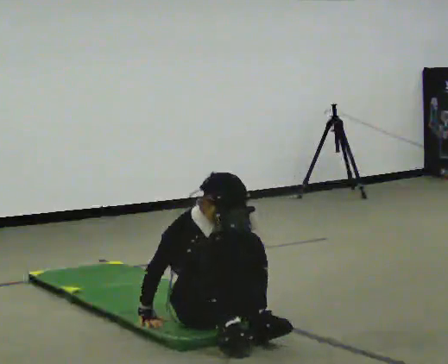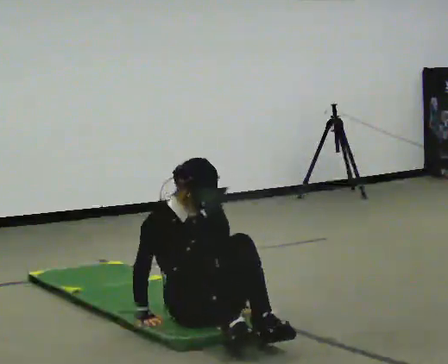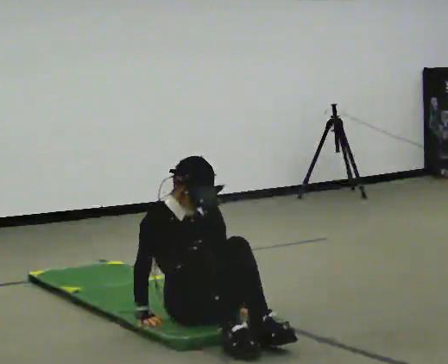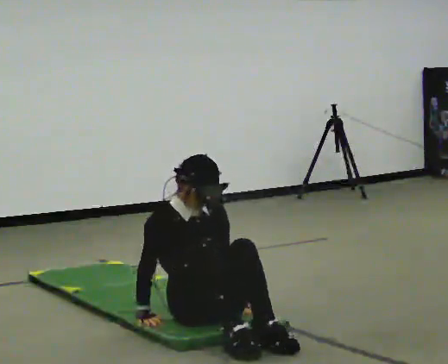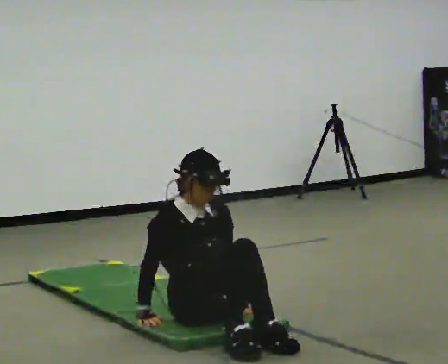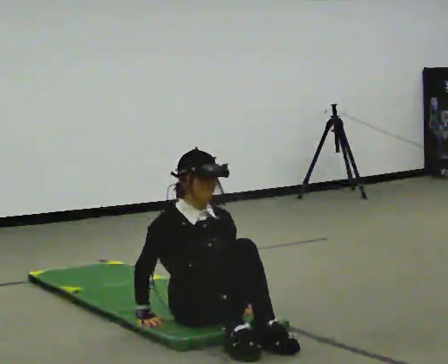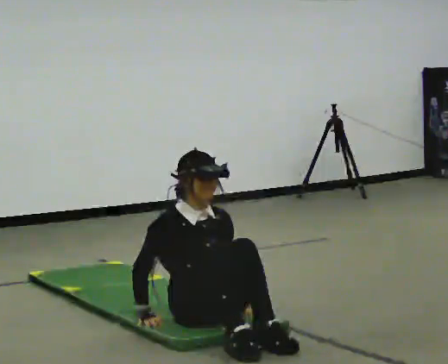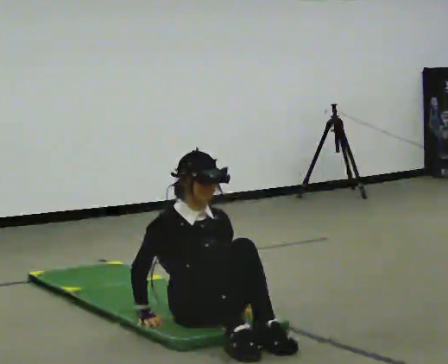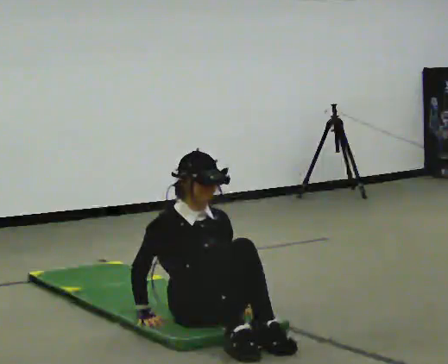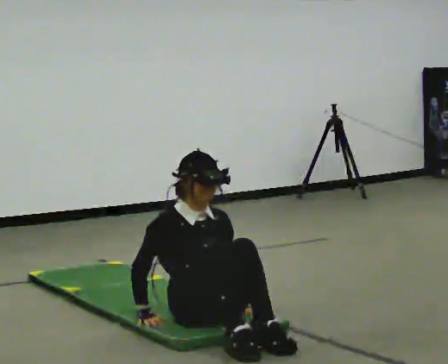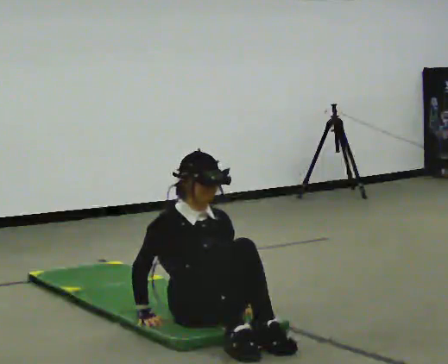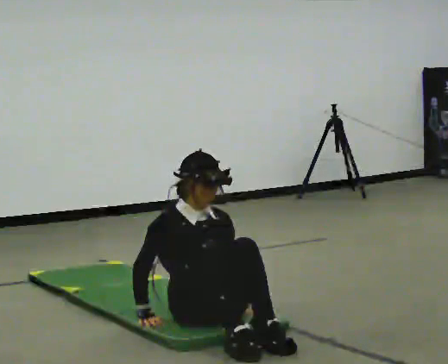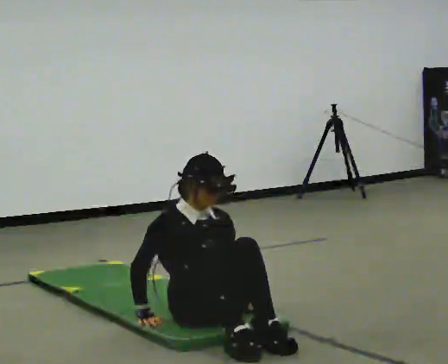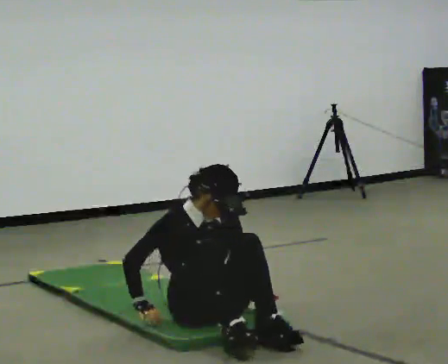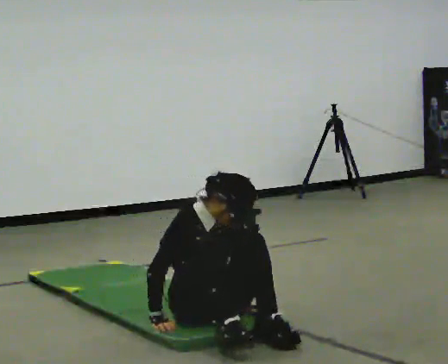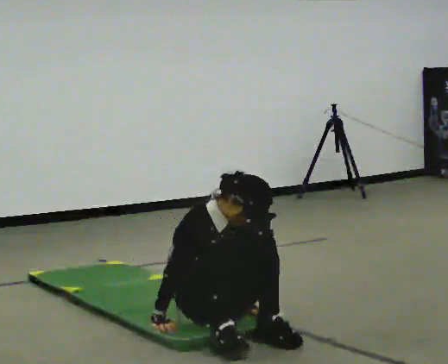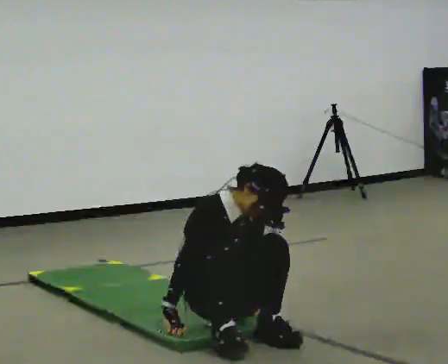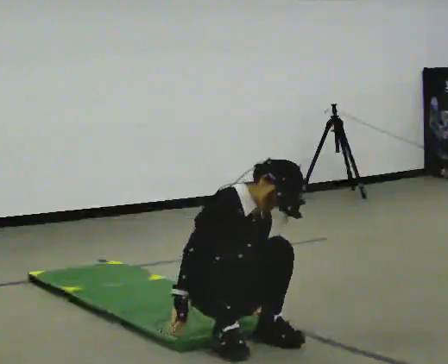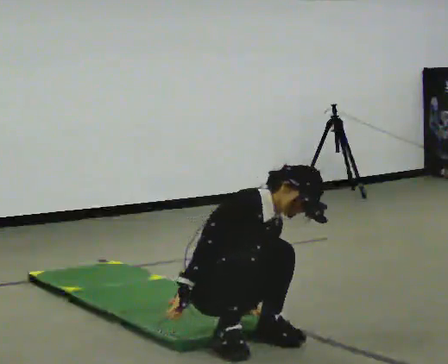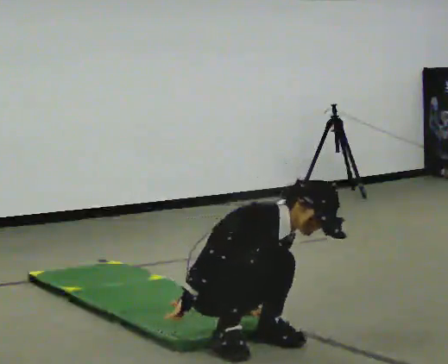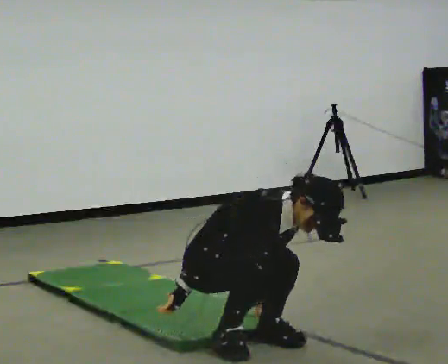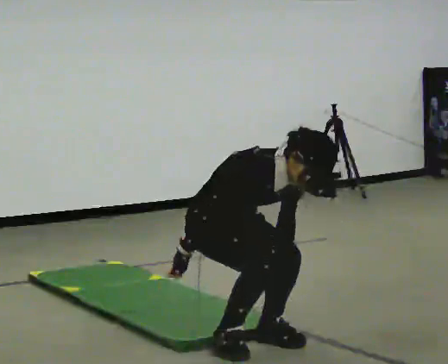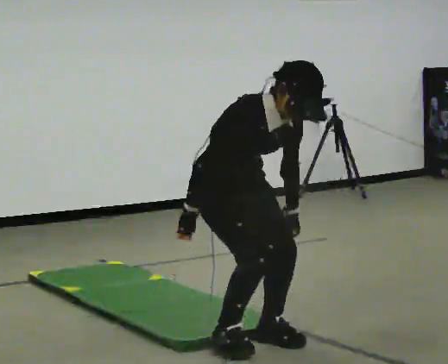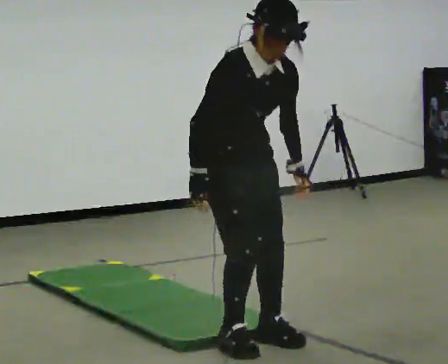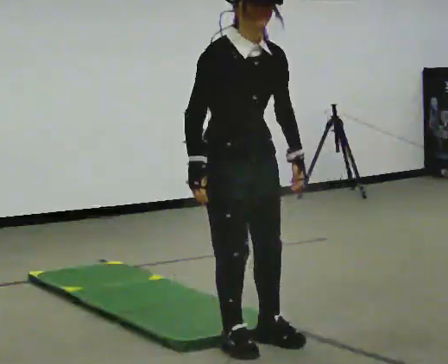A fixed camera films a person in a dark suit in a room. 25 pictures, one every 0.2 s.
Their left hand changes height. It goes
upward.
Their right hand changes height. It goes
upward.
0.0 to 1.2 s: The person moves a little, or ends about where they began.
1.2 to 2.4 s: The person keeps their place and pose.
2.4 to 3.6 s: In the picture the upper body tilts clockwise, shoulders to the right, as they bend forward.
3.6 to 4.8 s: In the picture they go toward the camera, about 0.25 m, which for them is forward. The upper body goes upward. In the picture their left hand goes upward.
The film runs forward here.
